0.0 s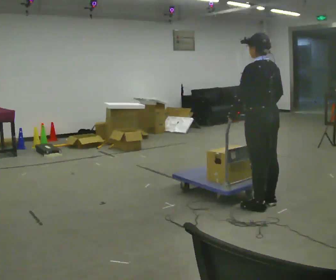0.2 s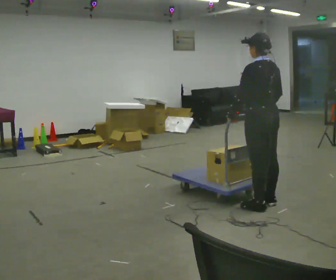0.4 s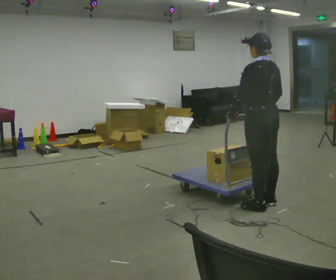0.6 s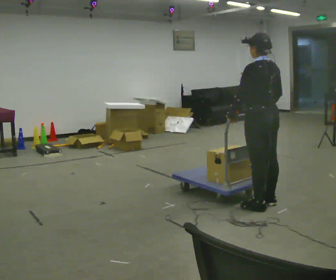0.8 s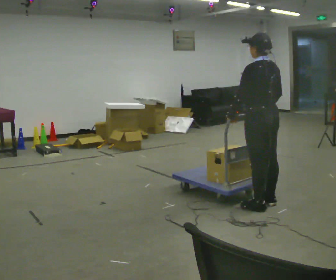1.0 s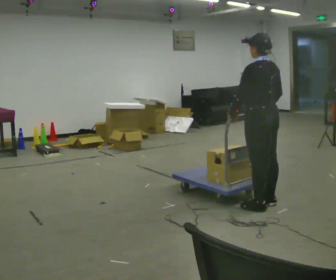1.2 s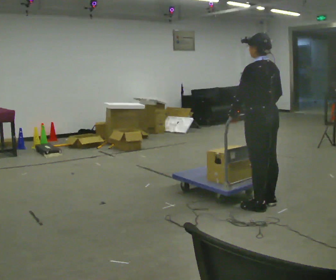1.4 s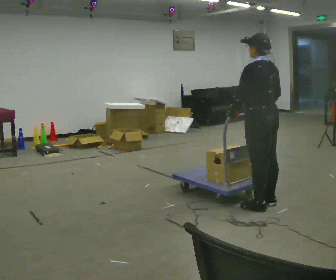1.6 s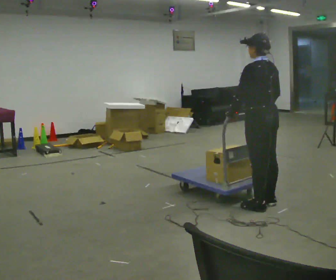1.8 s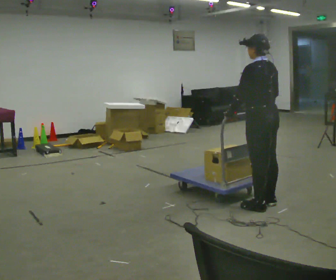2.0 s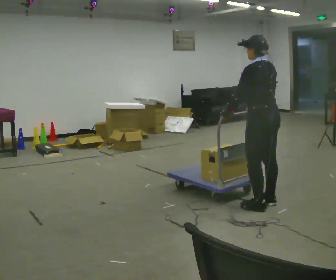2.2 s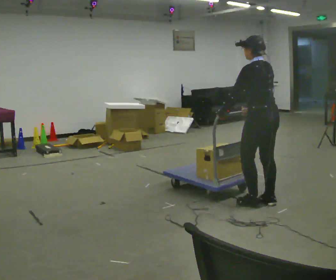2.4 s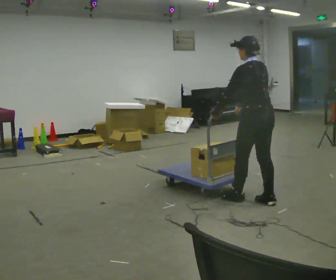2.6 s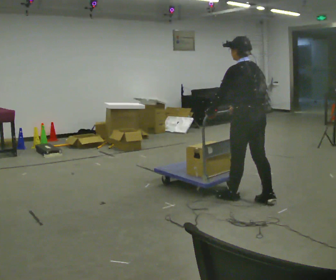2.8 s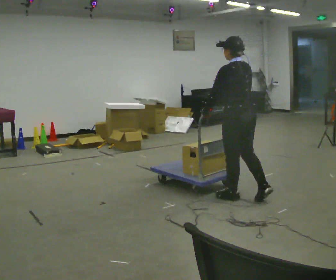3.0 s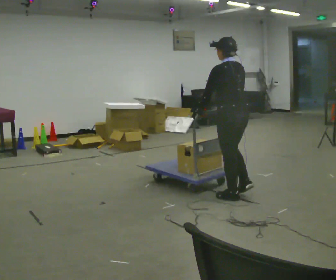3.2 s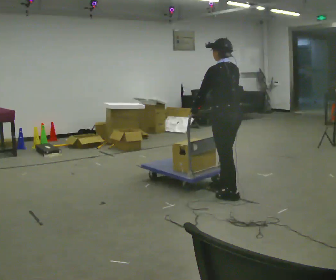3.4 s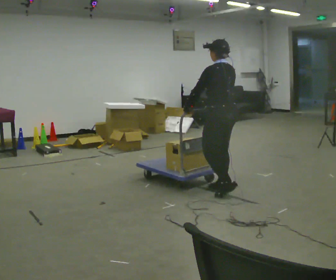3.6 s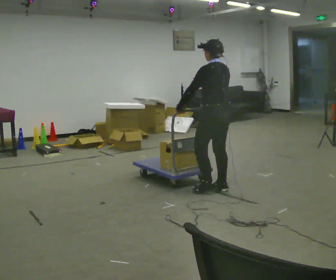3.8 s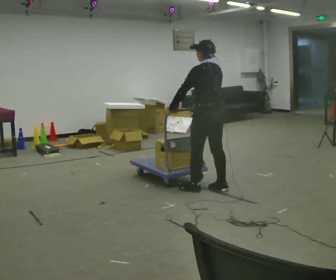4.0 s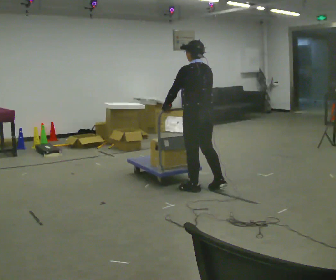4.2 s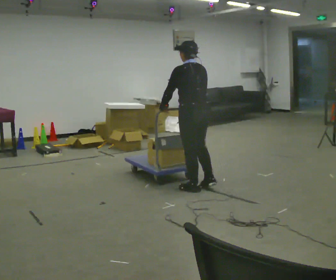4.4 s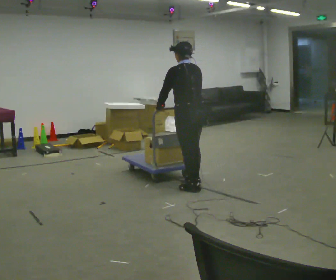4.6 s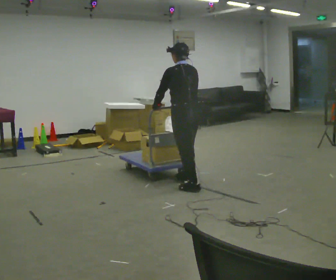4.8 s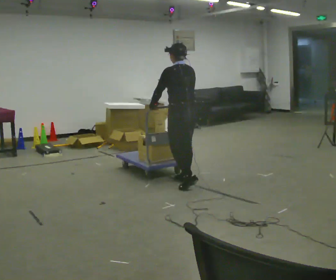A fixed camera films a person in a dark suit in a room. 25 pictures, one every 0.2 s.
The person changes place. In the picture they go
to the left.
0.0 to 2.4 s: The person moves a little, or ends about where they began.
2.4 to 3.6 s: In the picture they go to the left and away from the camera, about 0.5 m in 2 steps, which for them is forward.
3.6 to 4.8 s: In the picture they go to the left and away from the camera, about 0.5 m in 2 steps, which for them is forward.
The film runs forward here.
